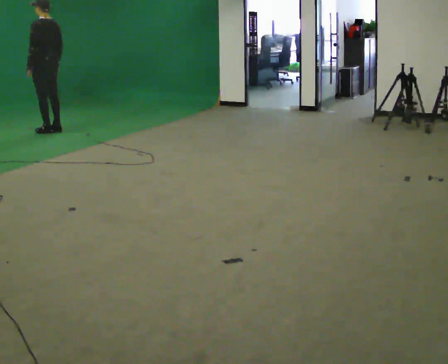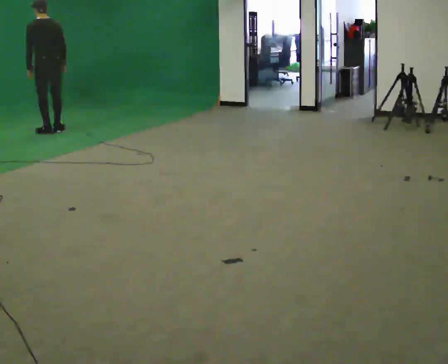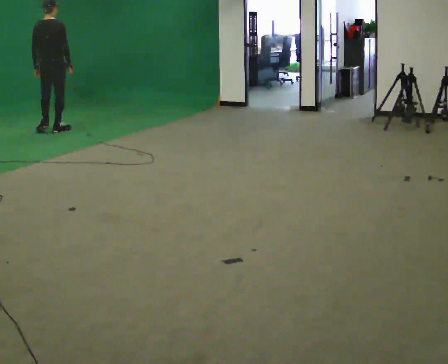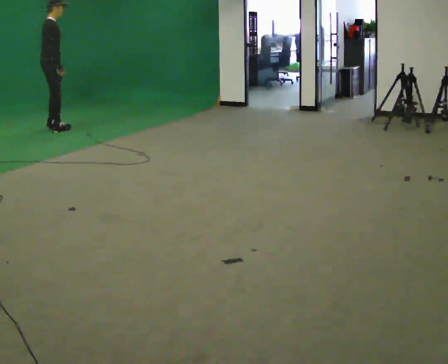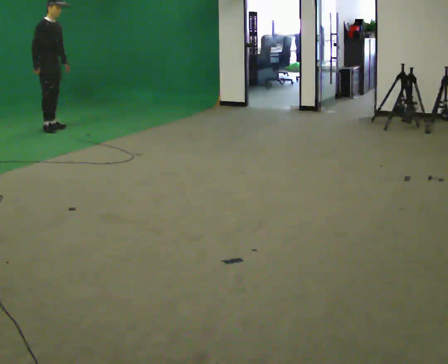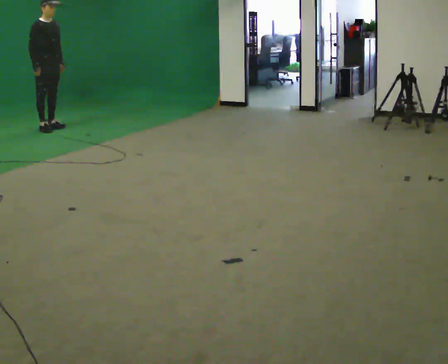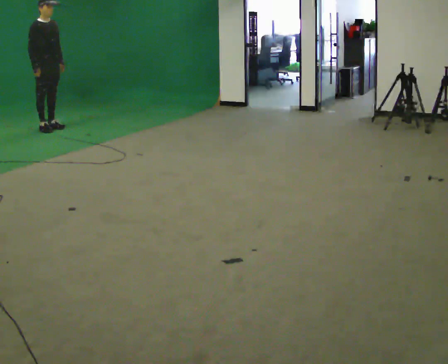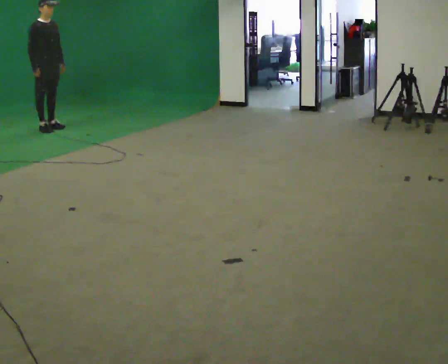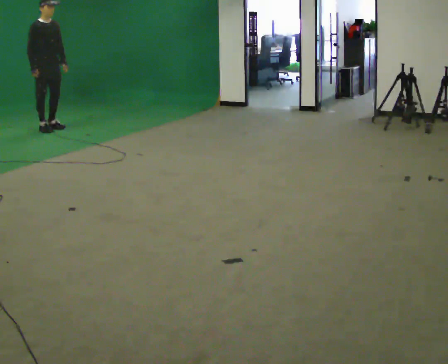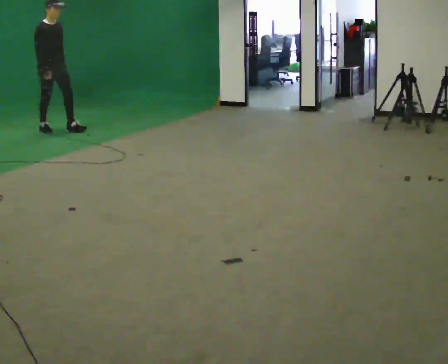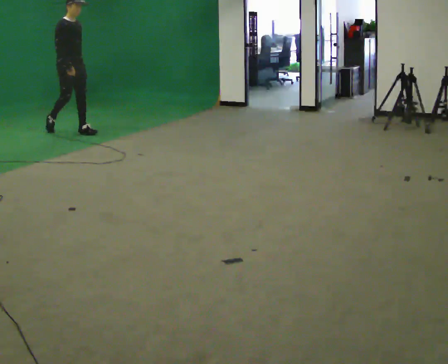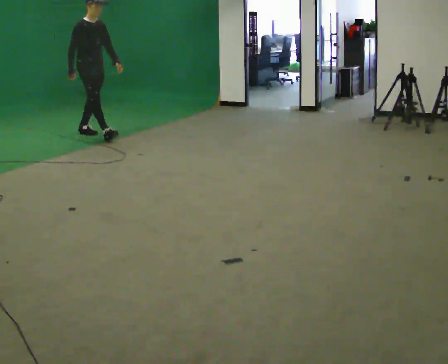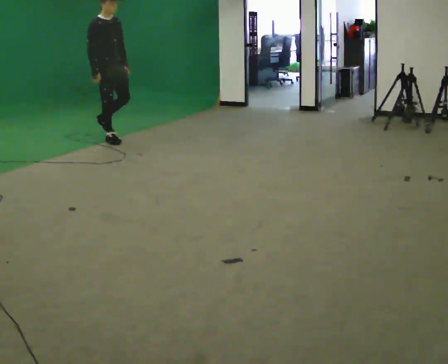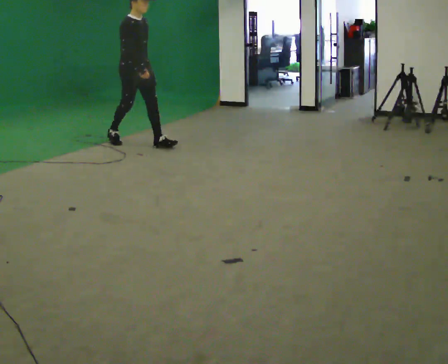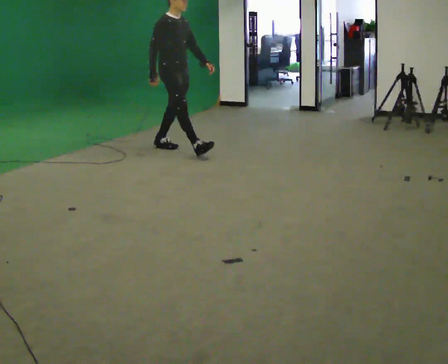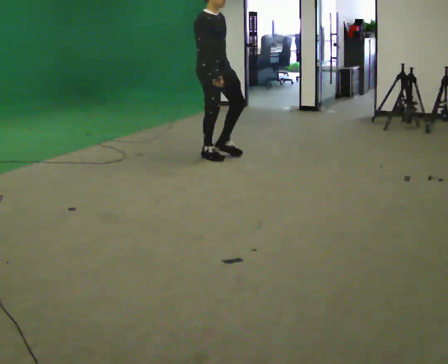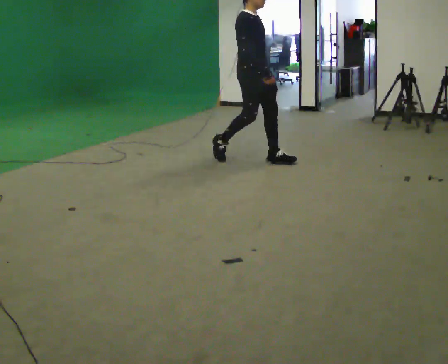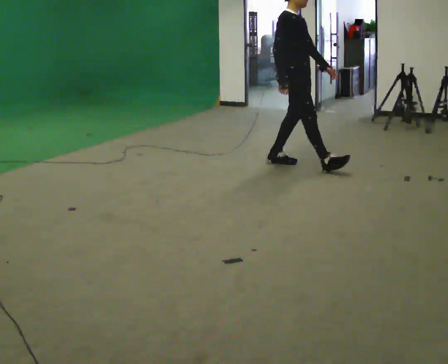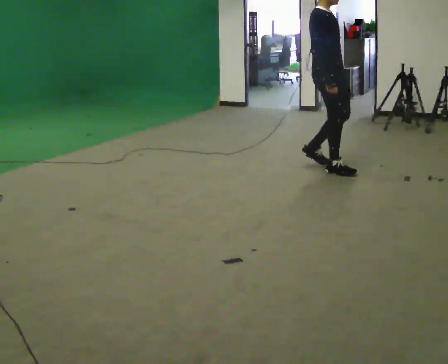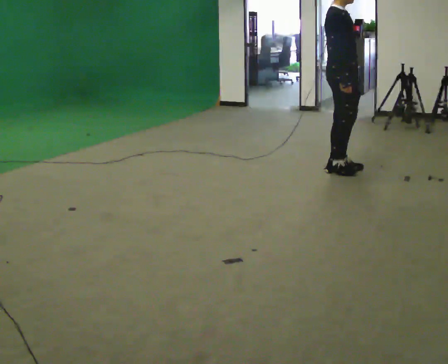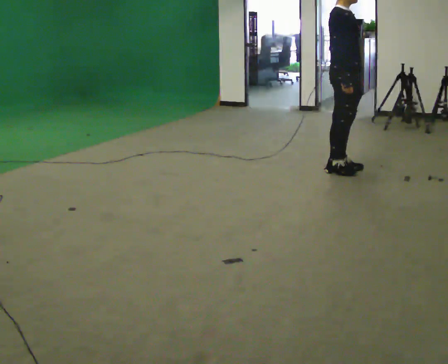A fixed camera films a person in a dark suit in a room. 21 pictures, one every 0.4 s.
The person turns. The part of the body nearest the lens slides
to the left.
The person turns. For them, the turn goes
to their right.
0.0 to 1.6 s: Seen from above the body turns clockwise, about 165 degrees: to their right, with its near side sliding to the left. In the picture they go away from the camera, about 0.25 m in 1 step.
1.6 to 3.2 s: The person moves a little, or ends about where they began.
3.2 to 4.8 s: In the picture they go toward the camera and to the right, about 1.5 m in 2 steps, which for them is forward.
4.8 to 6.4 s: In the picture they go toward the camera and to the right, about 2 m in 3 steps, which for them is forward.
6.4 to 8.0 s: In the picture they go toward the camera and to the right, about 1 m in 2 steps, which for them is forward.
The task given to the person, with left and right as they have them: Walk forward noticeably slower than normal; do not shuffle; stop.
The film runs forward here.
